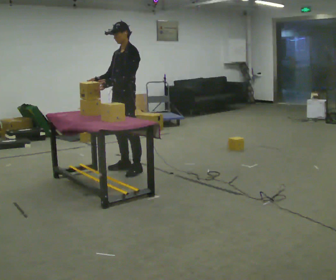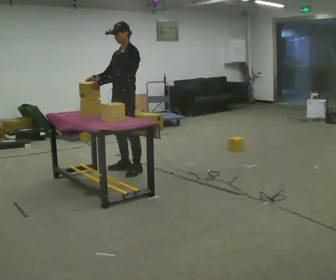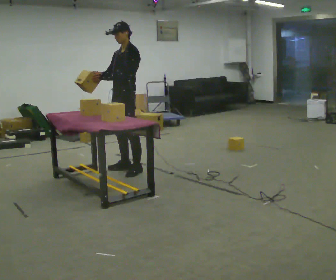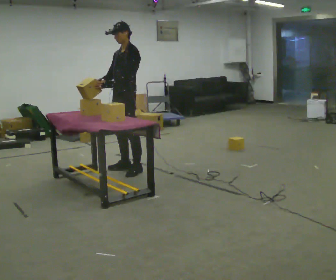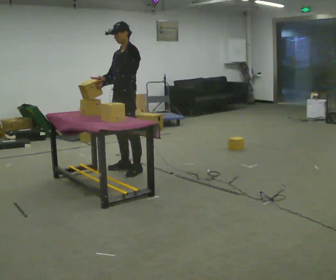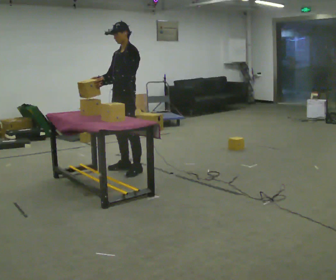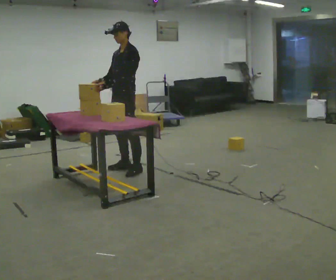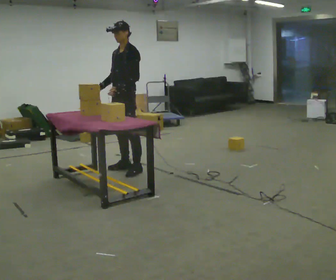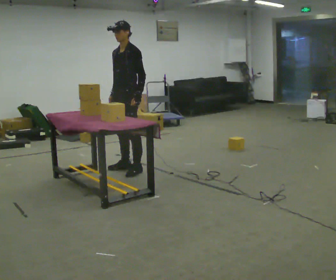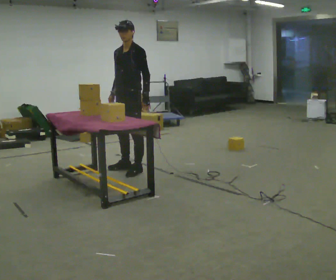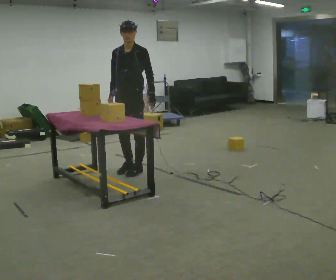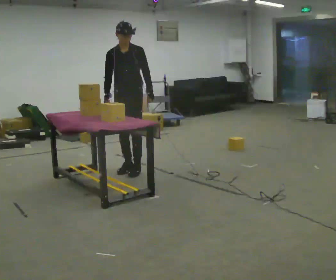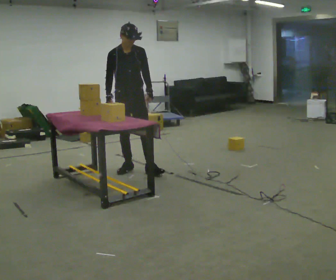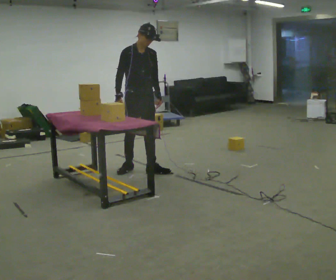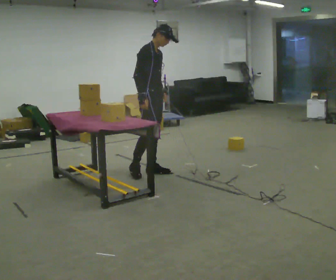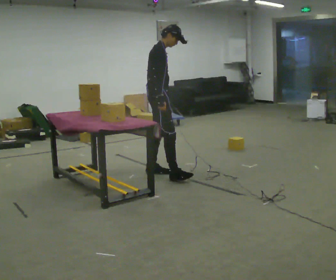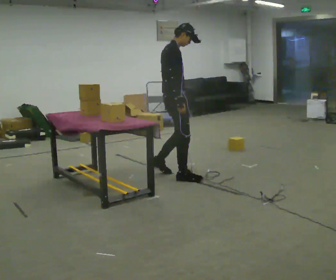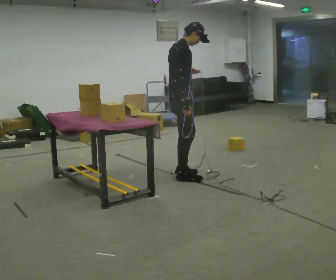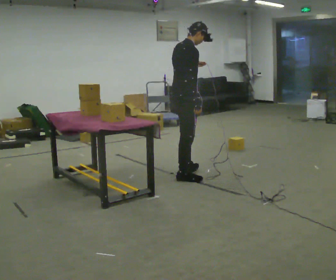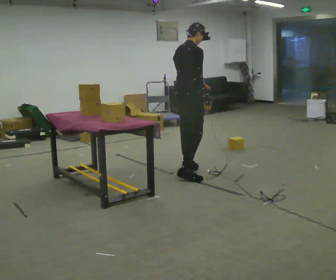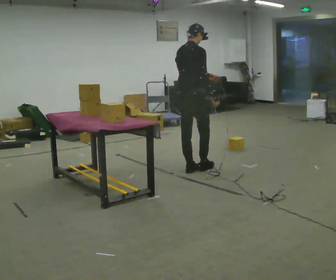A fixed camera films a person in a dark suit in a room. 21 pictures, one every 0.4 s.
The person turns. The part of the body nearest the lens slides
to the right.
The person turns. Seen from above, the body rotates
counterclockwise.
0.0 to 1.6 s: The person moves a little, or ends about where they began.
1.6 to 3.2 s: In the picture their left hand goes to the right, the arm swinging counterclockwise.
3.2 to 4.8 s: The part of the body nearest the lens slides to the right as the person turns to their left by about 60 degrees.
4.8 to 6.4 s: Seen from above the body turns counterclockwise, about 90 degrees: to their left, with its near side sliding to the right. In the picture they go to the right and toward the camera, about 0.5 m in 1 step.
6.4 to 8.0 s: The part of the body nearest the lens slides to the right as the person turns to their left by about 45 degrees. In the picture they go away from the camera and to the right, about 0.25 m in 2 steps, which for them is forward and to their left.
The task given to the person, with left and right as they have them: Carry the box over and put it on the shelf with the label facing out towards you. Get the orientation right, not just the position. Keep going until the operator says stop; one object at a time, and do not rush between trips.
The film runs forward here.
